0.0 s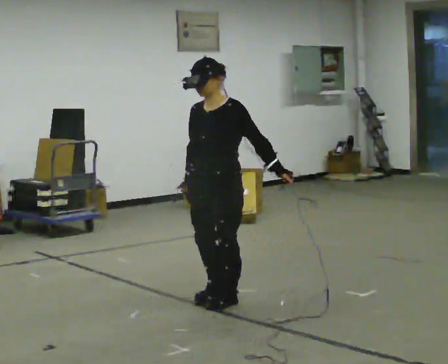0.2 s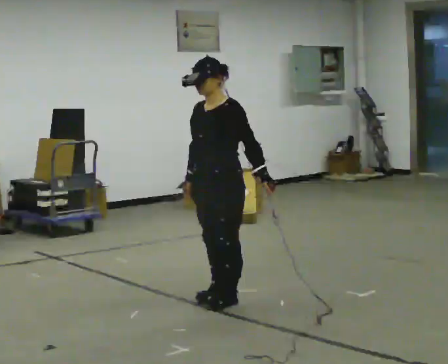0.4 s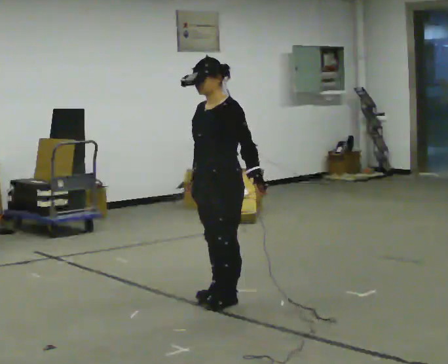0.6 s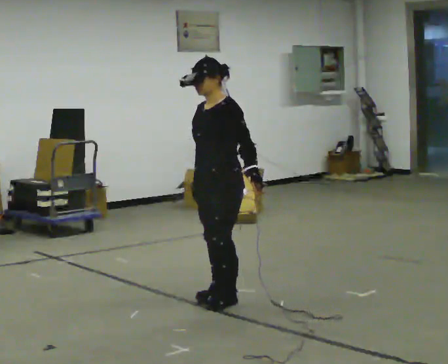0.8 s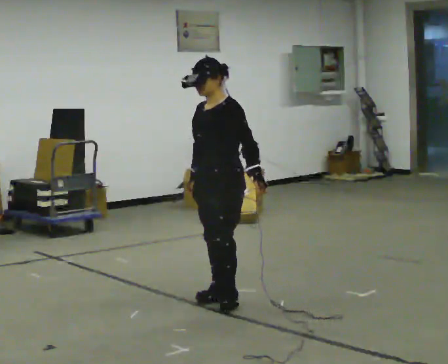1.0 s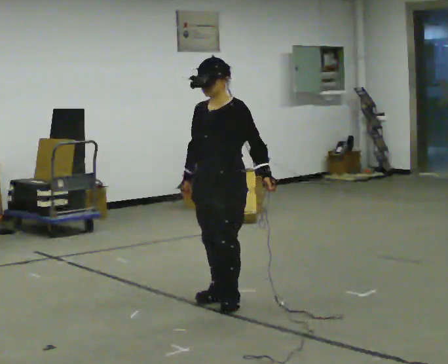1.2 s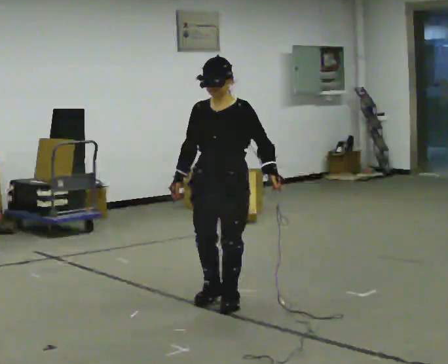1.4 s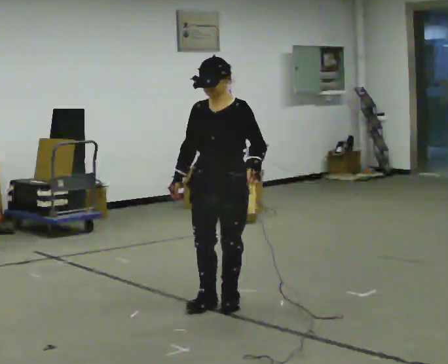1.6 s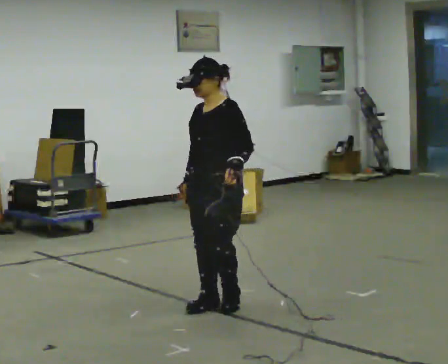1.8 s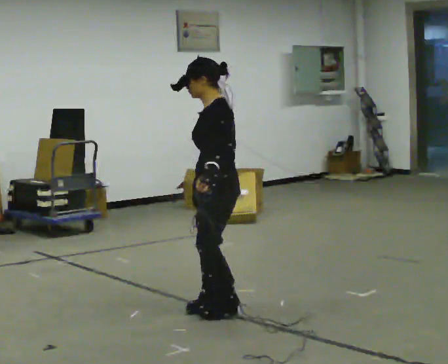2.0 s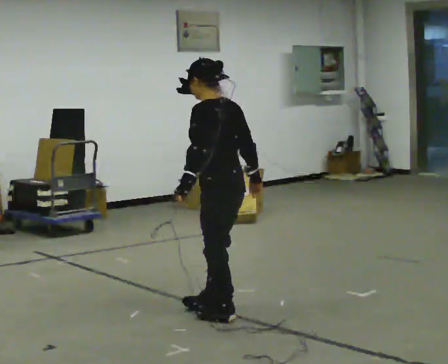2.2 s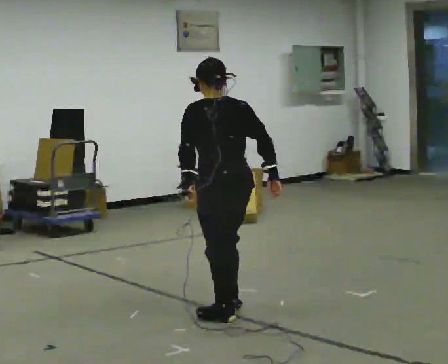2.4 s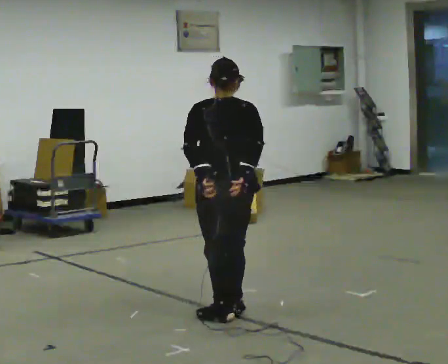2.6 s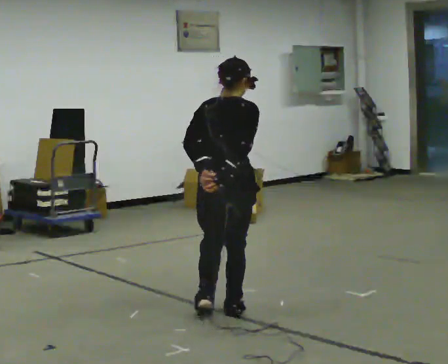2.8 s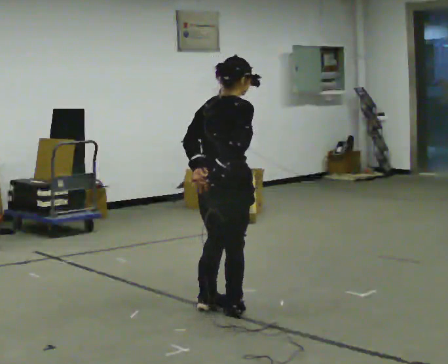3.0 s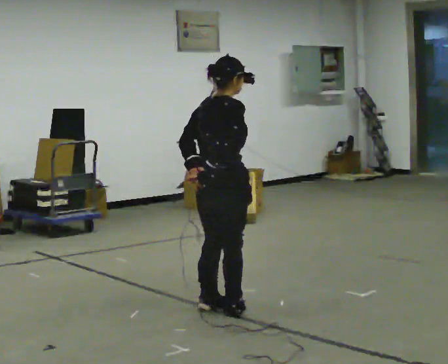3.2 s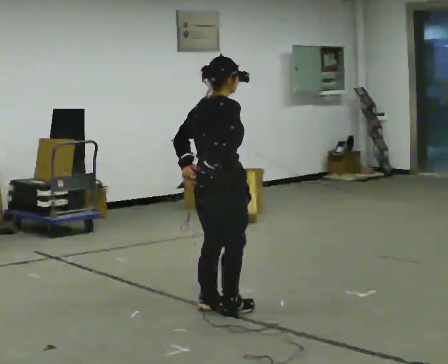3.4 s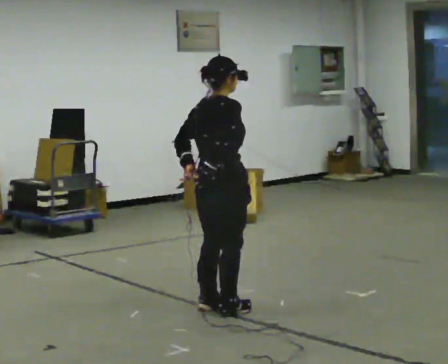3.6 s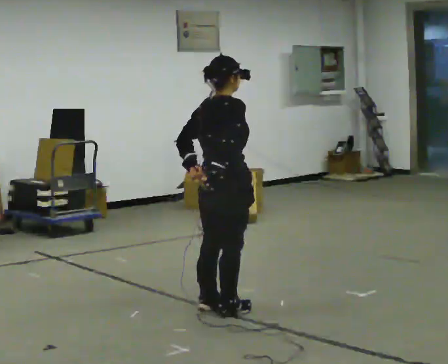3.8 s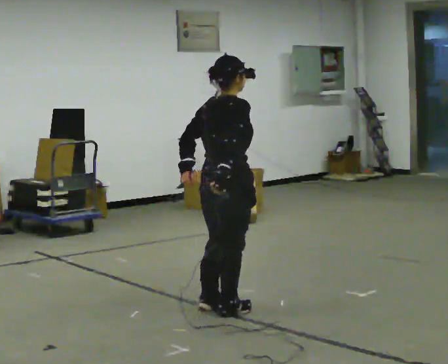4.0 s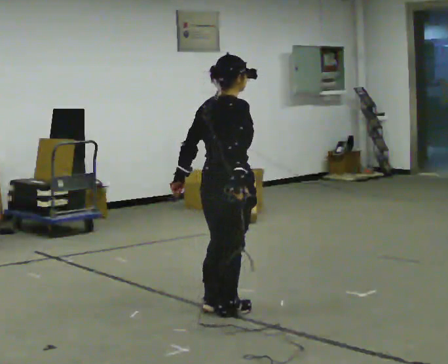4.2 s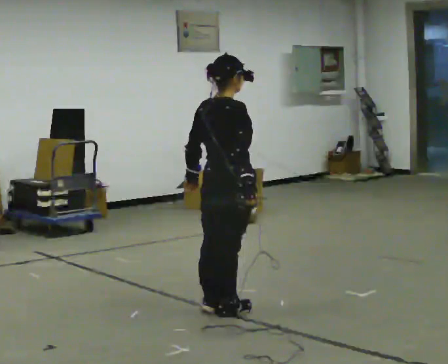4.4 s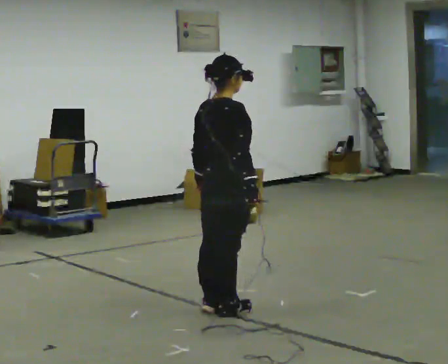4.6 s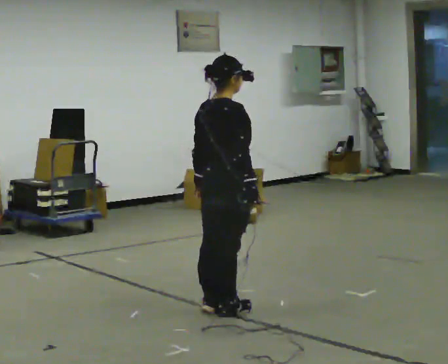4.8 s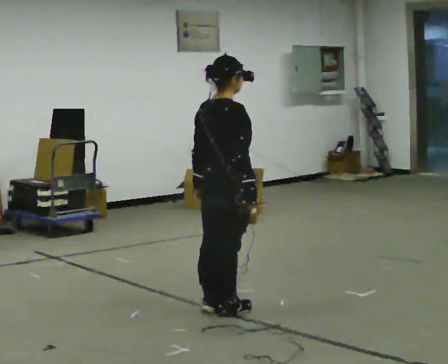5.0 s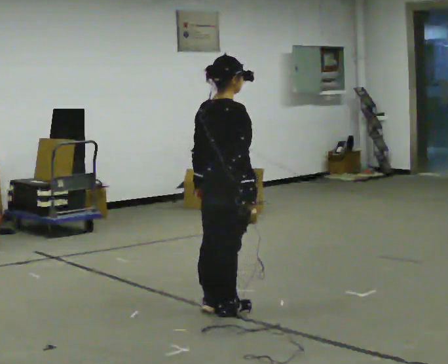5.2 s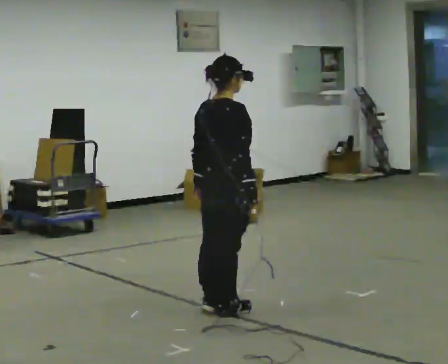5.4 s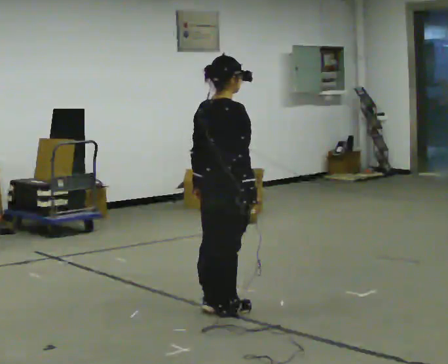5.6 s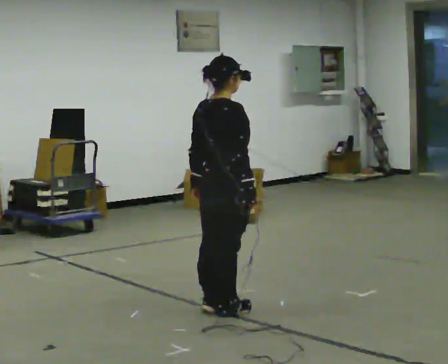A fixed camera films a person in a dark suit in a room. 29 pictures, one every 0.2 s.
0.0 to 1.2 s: The person moves a little, or ends about where they began.
1.2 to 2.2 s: Seen from above the body turns clockwise, about 135 degrees: to their right, with its near side sliding to the left. In the picture they go toward the camera, about 0.25 m in 2 steps.
2.2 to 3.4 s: The part of the body nearest the lens slides to the left as the person turns to their right by about 75 degrees. In the picture their right hand goes to the left.
3.4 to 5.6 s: The person moves a little, or ends about where they began.
The film runs forward here.
